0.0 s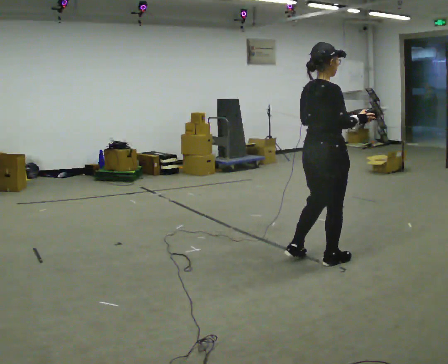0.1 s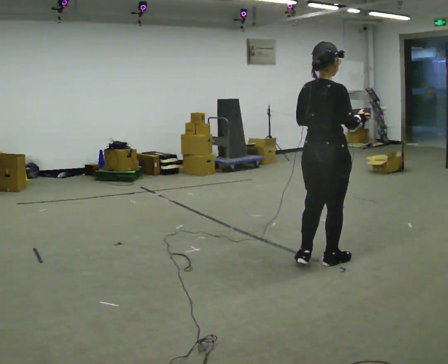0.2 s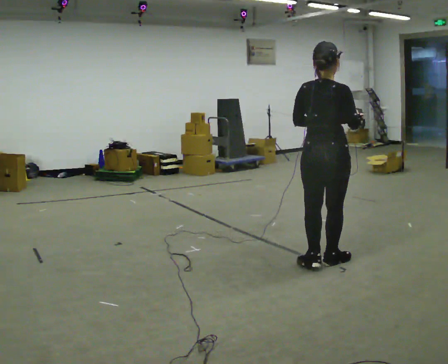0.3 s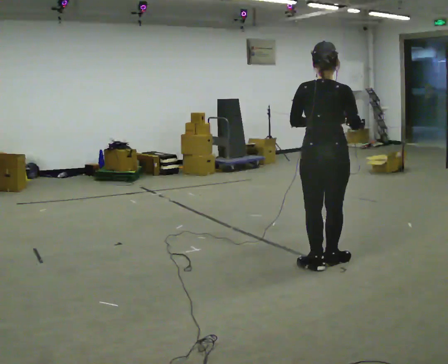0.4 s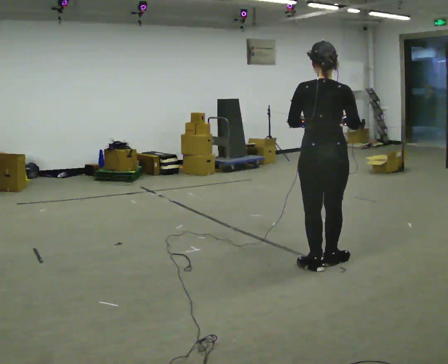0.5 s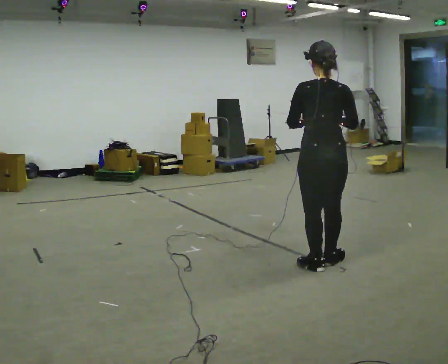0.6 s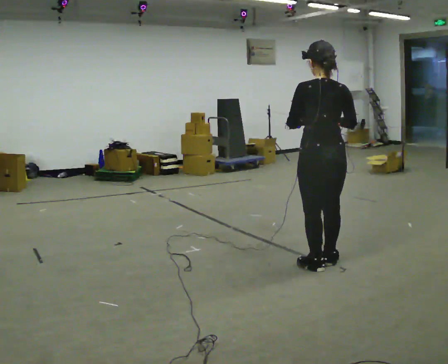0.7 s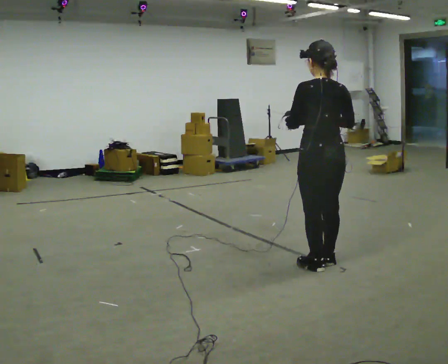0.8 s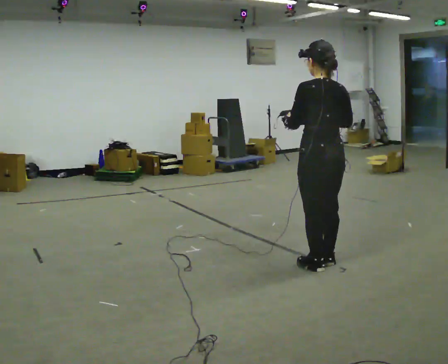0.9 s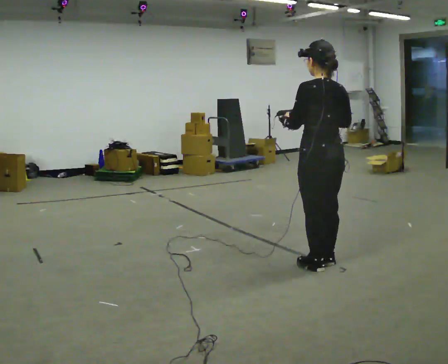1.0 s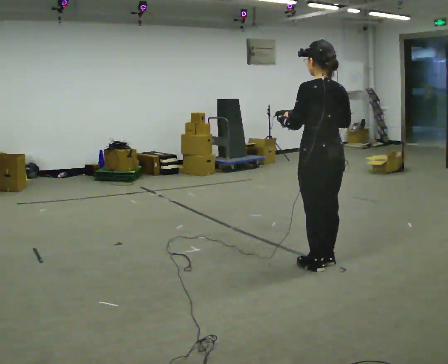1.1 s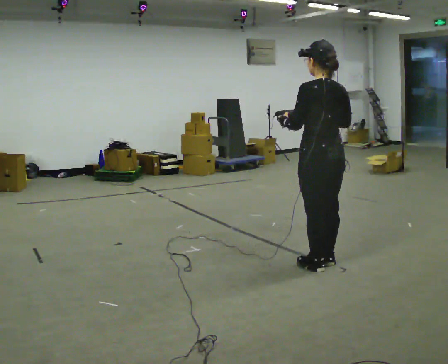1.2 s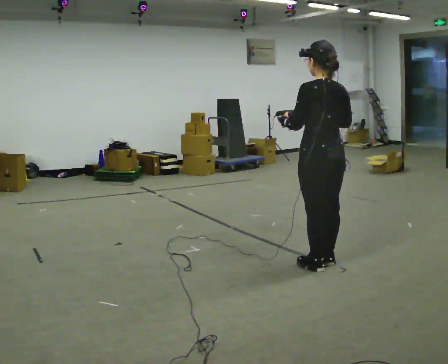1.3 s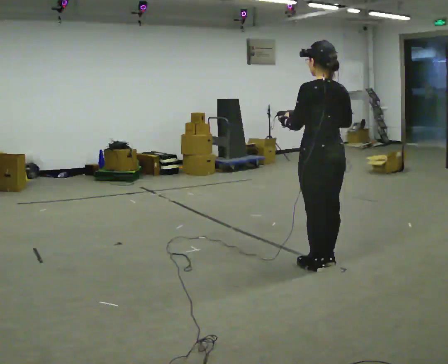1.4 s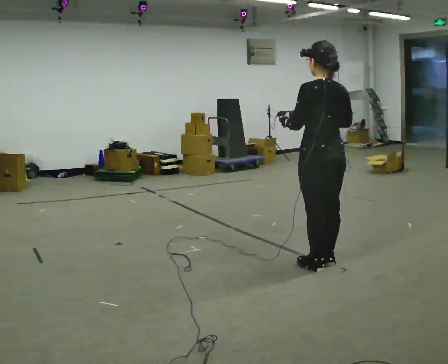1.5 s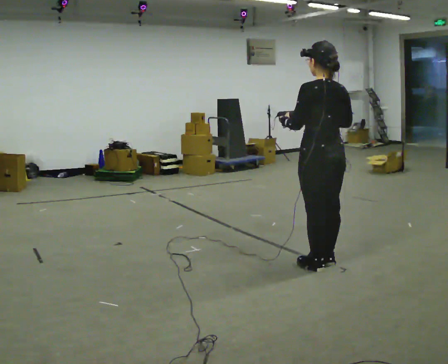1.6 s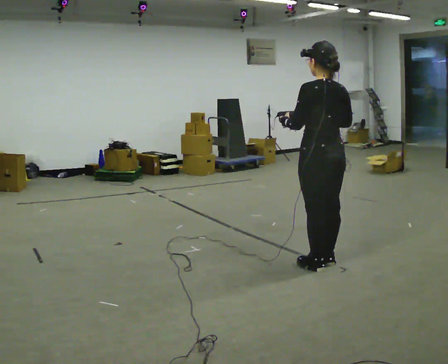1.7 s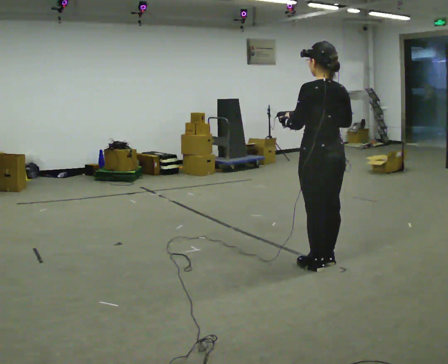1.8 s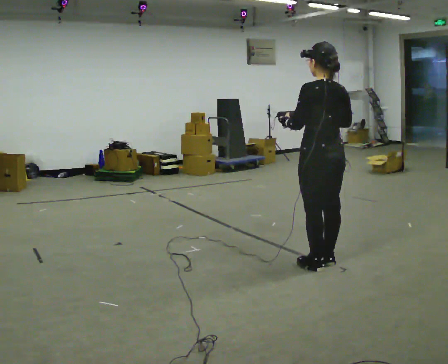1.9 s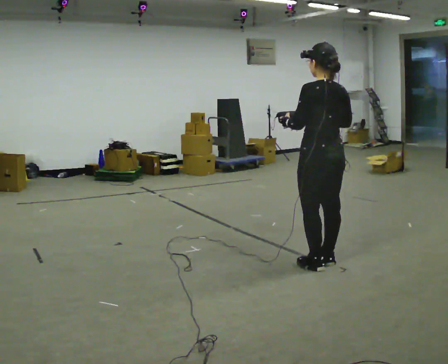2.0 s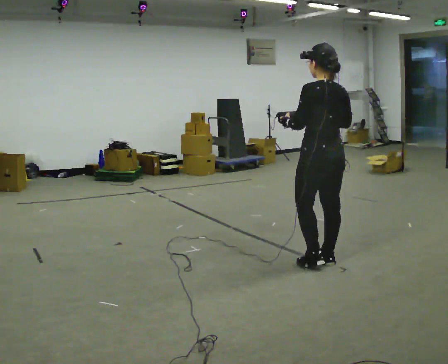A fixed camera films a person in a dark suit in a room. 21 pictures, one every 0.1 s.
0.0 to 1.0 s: The part of the body nearest the lens slides to the right as the person turns to their left by about 90 degrees.
1.0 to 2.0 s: The person moves a little, or ends about where they began.
The film runs forward here.
